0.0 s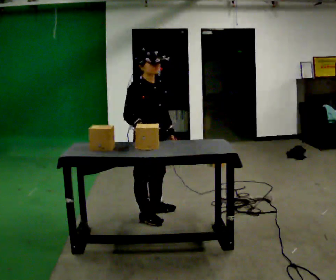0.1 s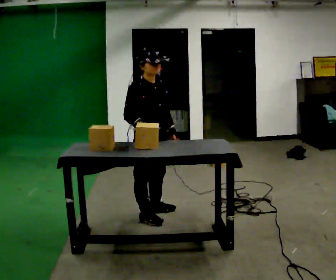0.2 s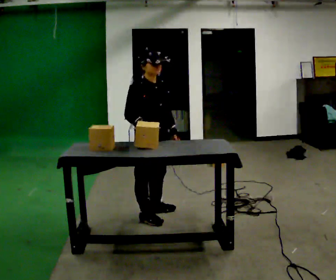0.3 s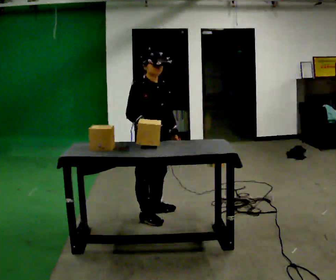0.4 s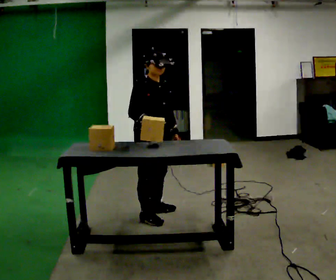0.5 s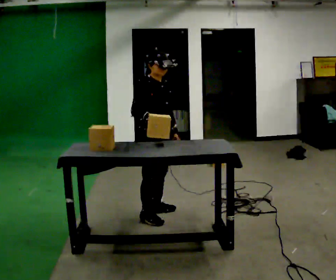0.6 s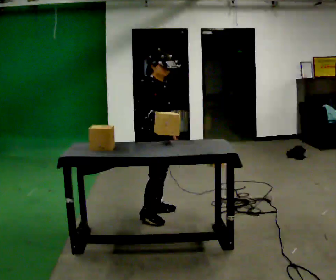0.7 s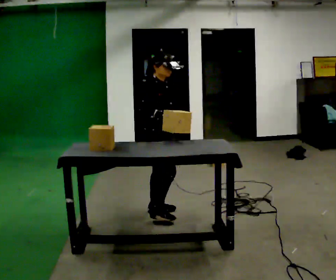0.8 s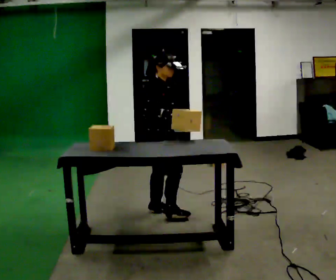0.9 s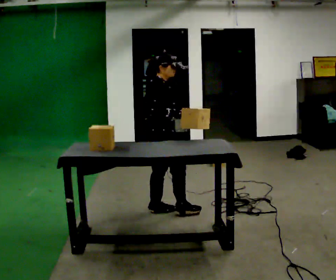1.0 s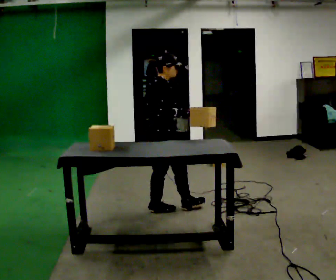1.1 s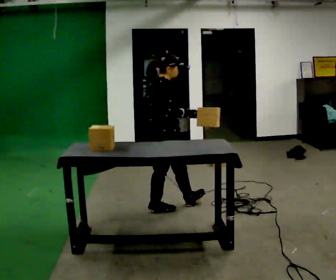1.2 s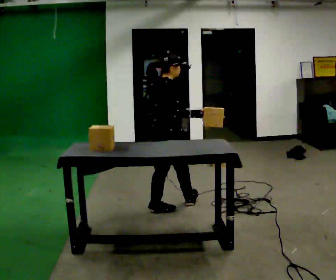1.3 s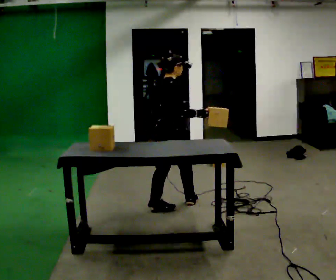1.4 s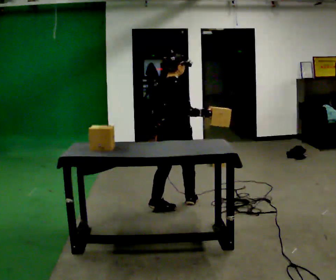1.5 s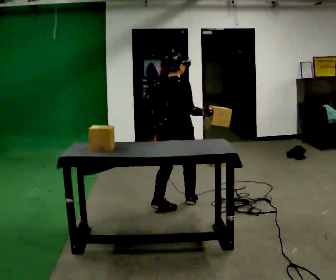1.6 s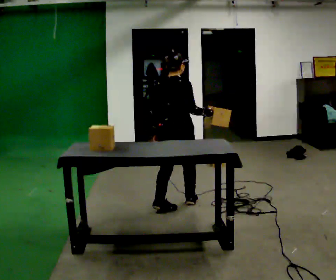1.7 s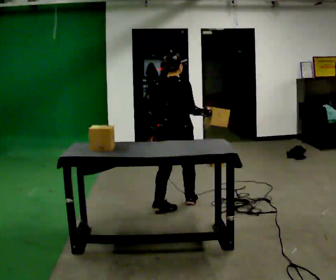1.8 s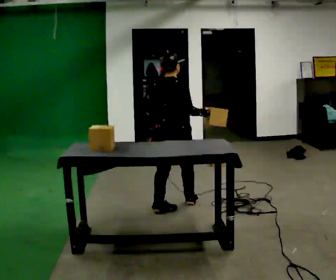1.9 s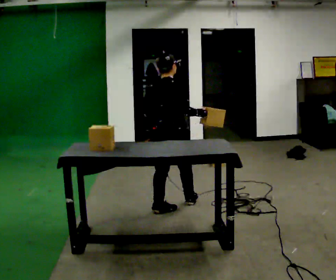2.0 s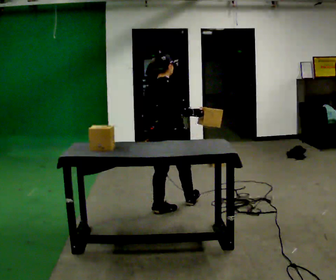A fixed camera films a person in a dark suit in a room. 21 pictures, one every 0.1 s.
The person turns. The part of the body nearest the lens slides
to the right.
The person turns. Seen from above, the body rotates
counterclockwise.
0.0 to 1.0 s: Seen from above the body turns counterclockwise, about 45 degrees: to their left, with its near side sliding to the right. In the picture they go away from the camera, about 0.25 m in 1 step, which for them is to their left. In the picture their right hand goes to the right.
1.0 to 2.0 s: The part of the body nearest the lens slides to the right as the person turns to their left by about 45 degrees.
The film runs backward here.
